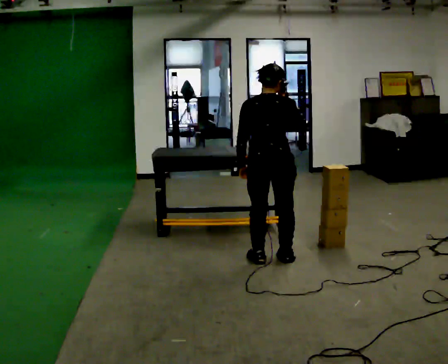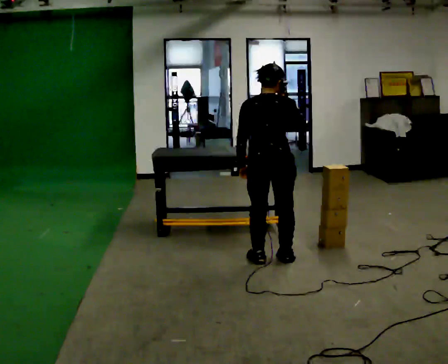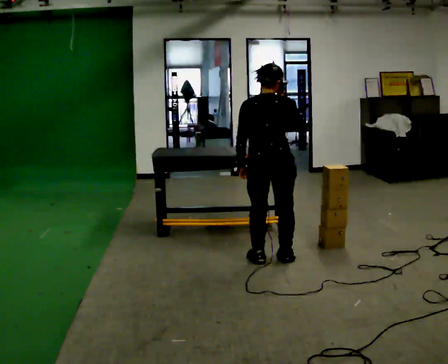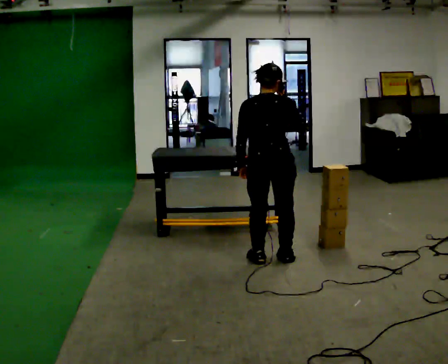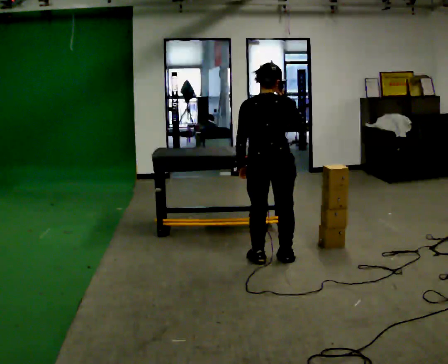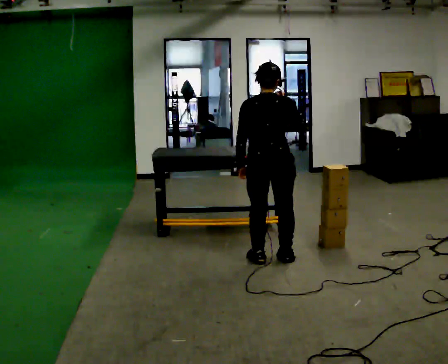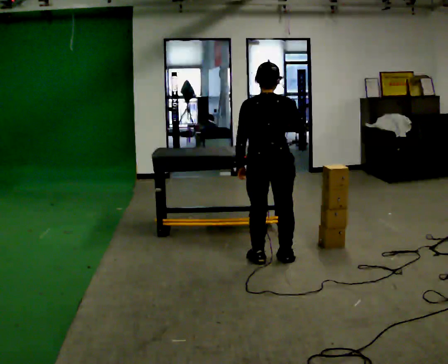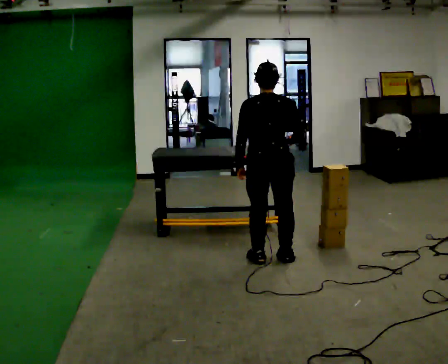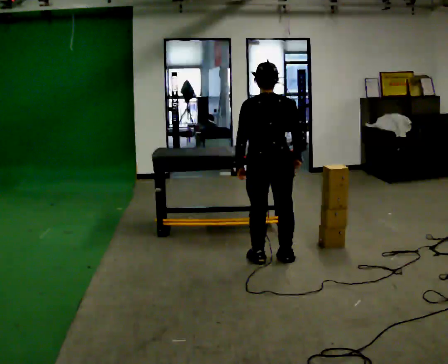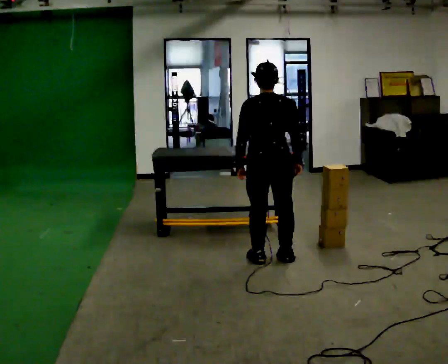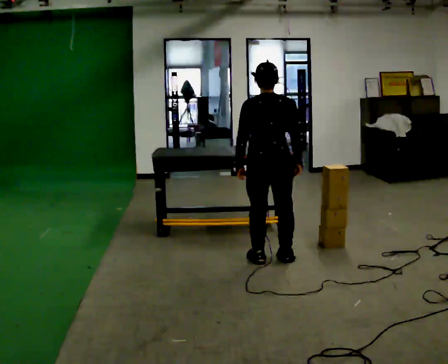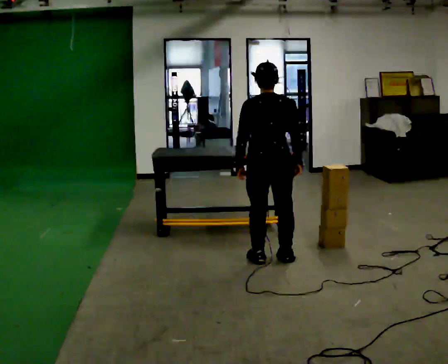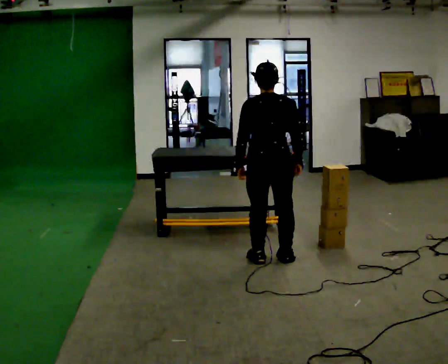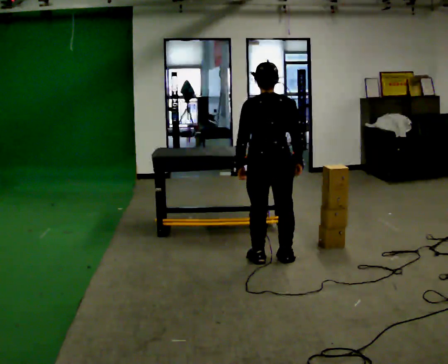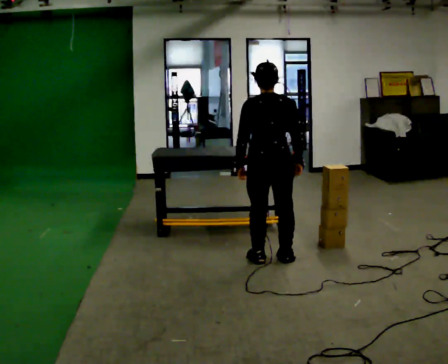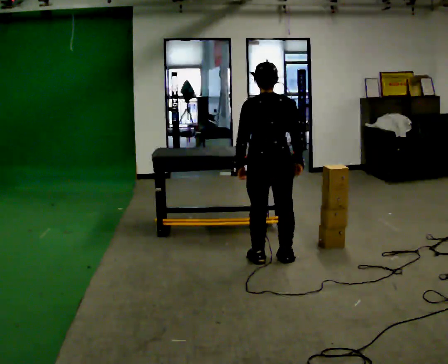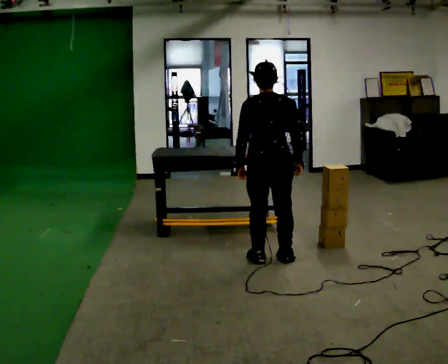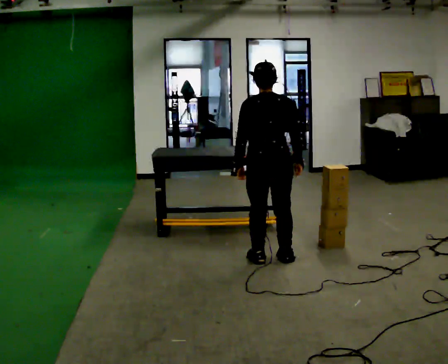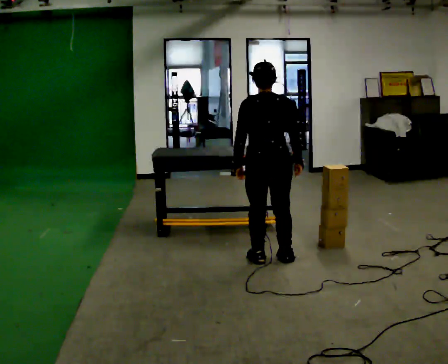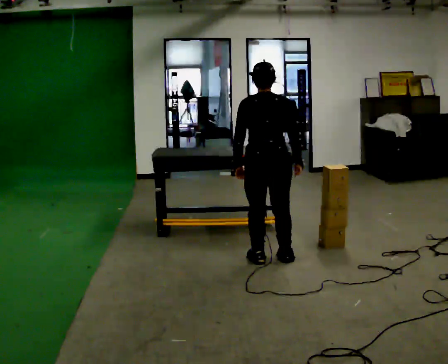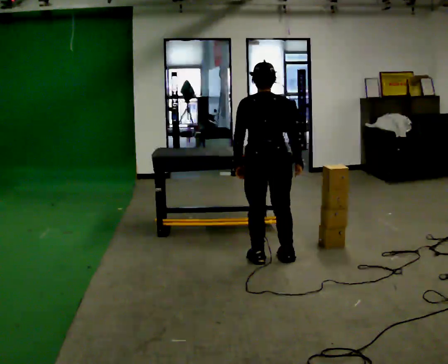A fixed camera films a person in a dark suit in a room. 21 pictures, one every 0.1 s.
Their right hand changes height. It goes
downward.
0.0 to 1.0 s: In the picture their right hand goes downward.
1.0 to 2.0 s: The person moves a little, or ends about where they began.
The film runs backward here.
